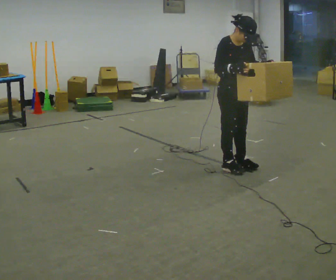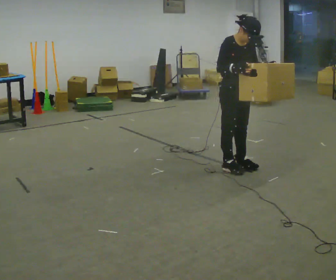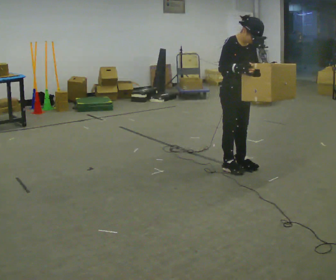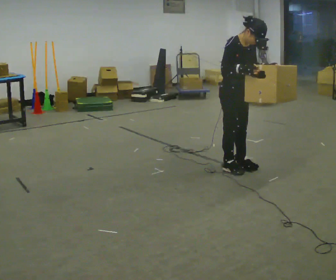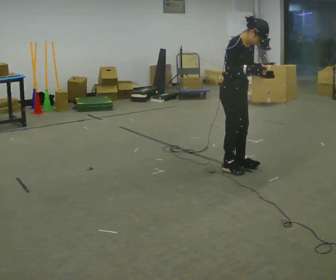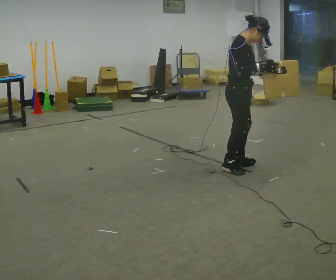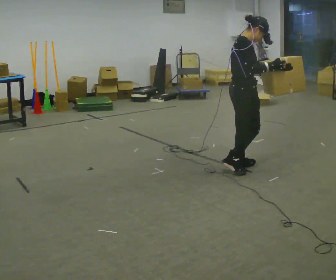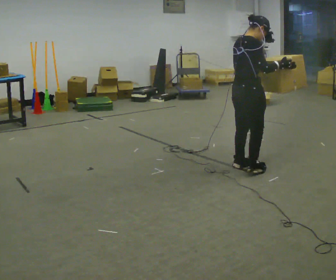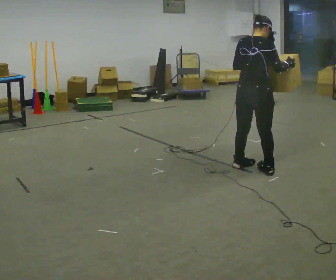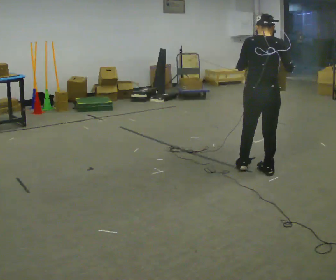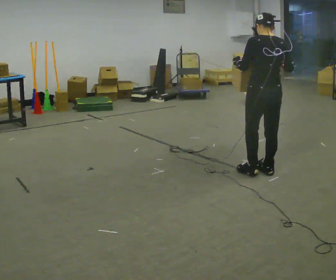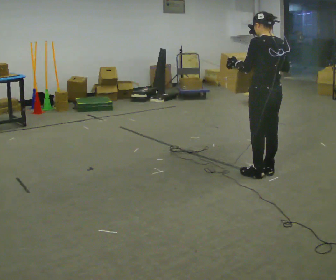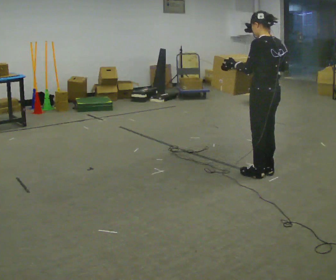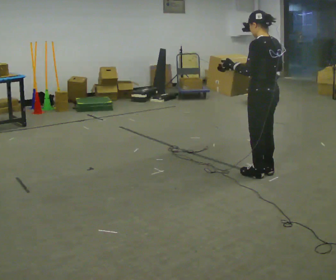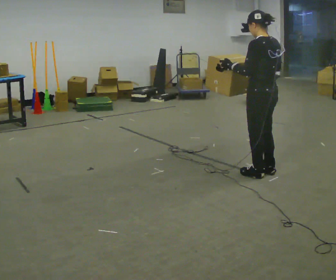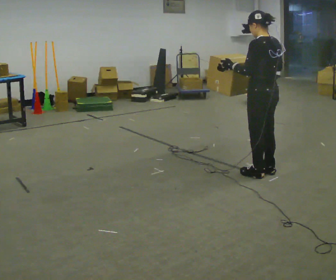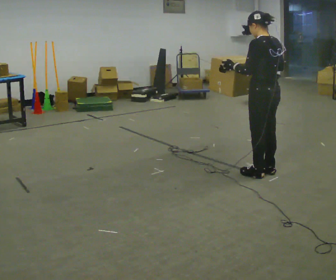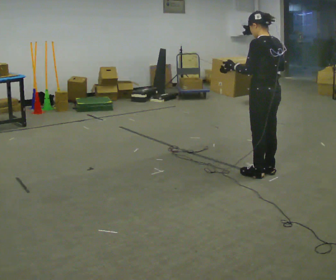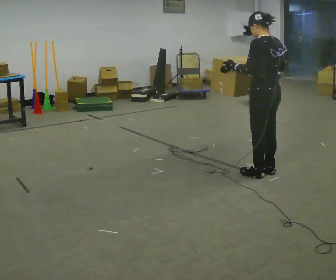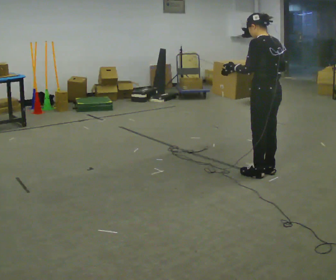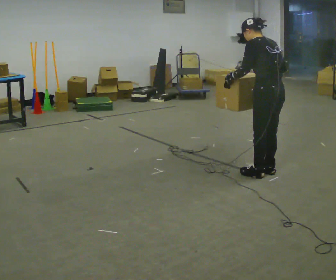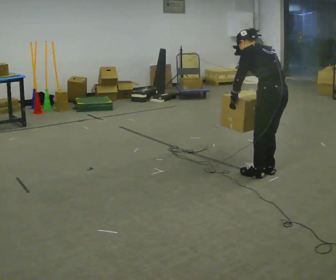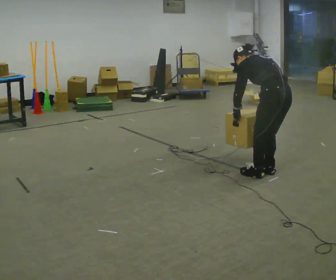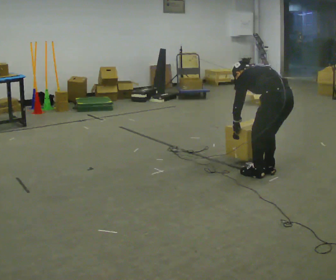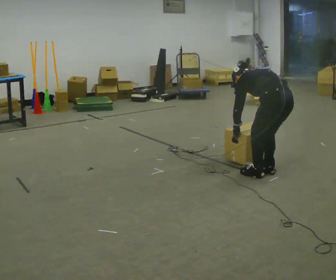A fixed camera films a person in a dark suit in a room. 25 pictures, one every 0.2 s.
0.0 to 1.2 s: Seen from above the body turns counterclockwise, about 60 degrees: to their left, with its near side sliding to the right. In the picture their right hand goes to the right.
1.2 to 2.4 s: The person turns about 120 degrees to their left, counterclockwise seen from above, so the part of the body nearest the lens slides to the right. In the picture they go to the right and toward the camera, about 0.25 m in 2 steps.
2.4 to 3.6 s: The person moves a little, or ends about where they began.
3.6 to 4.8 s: The upper body goes downward. The upper body tips away from the camera, its near side rolling upward, as they bend forward. In the picture their left hand goes downward.
The film runs forward here.
